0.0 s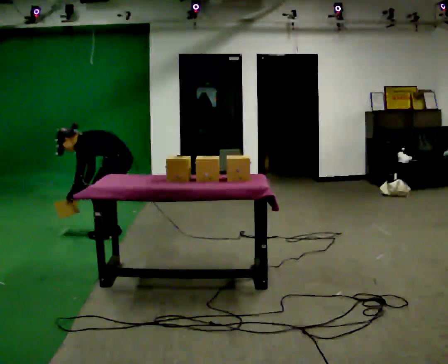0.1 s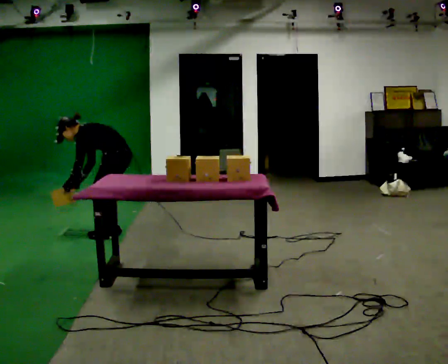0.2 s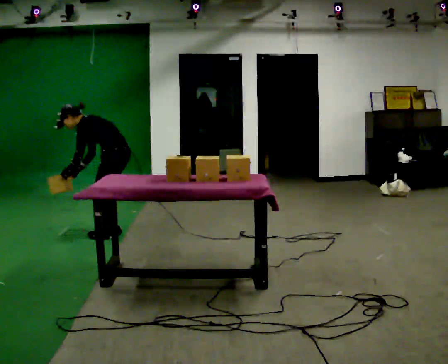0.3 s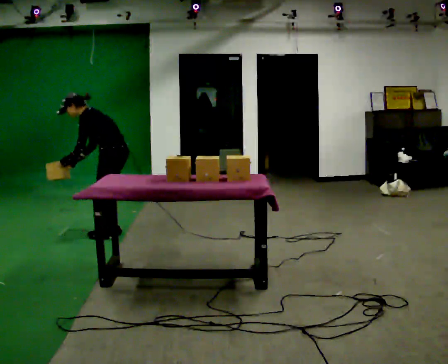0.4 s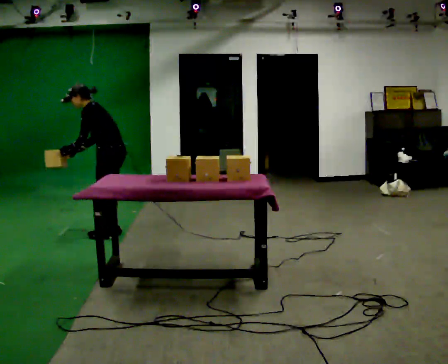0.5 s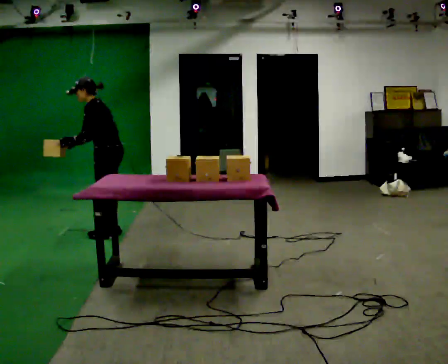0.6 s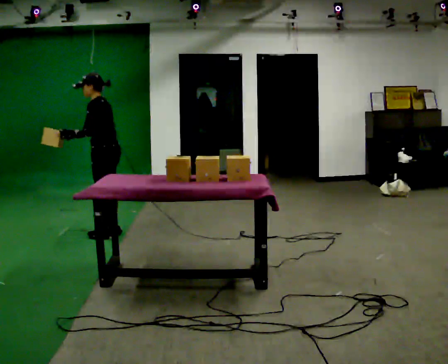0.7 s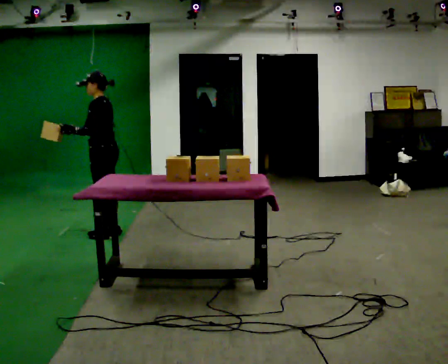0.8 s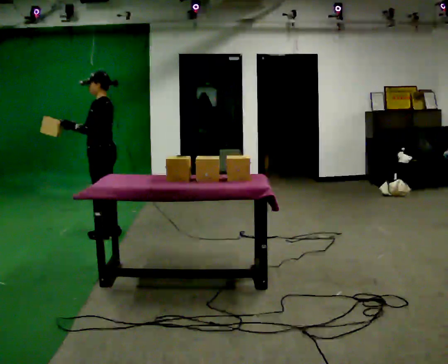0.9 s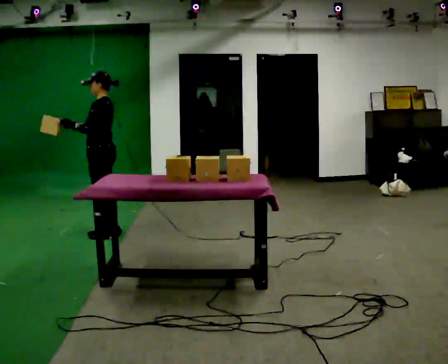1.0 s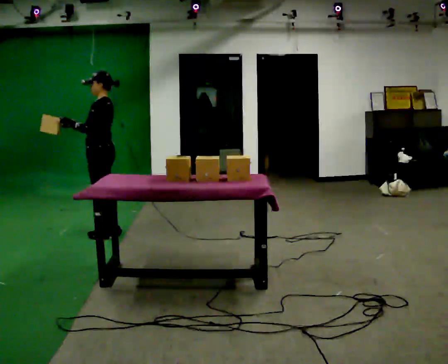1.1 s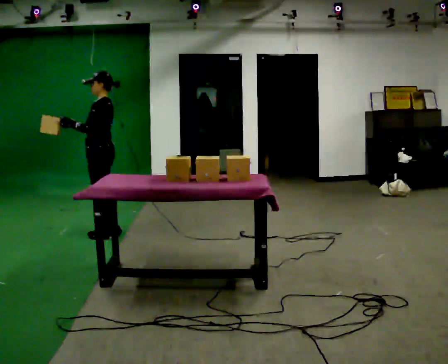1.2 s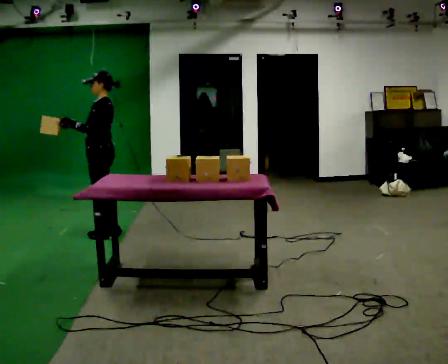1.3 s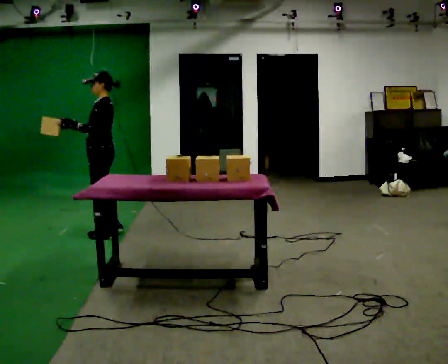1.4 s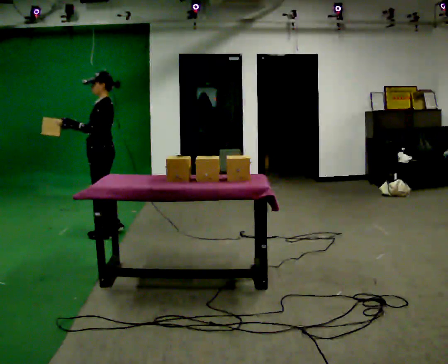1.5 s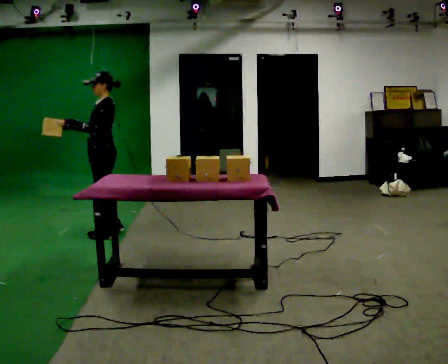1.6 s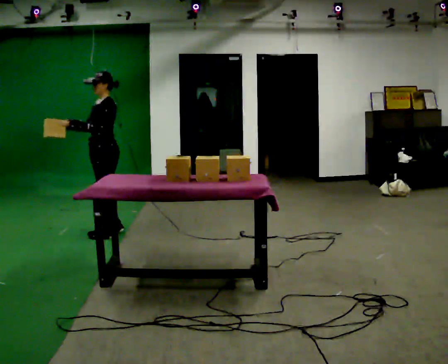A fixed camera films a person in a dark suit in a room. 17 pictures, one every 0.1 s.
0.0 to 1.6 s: Seen from above the body turns counterclockwise, about 30 degrees: to their left, with its near side sliding to the right. The shoulders move upward. In the picture the upper body tilts clockwise, shoulders to the right, as they lean back or straighten. In the picture their right hand goes upward, the arm swinging clockwise.
The film runs forward here.
